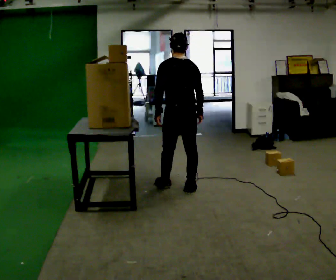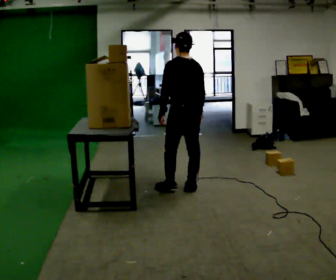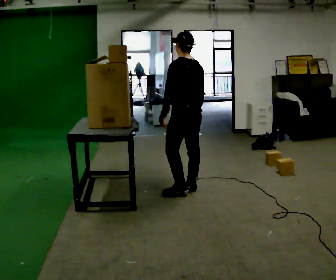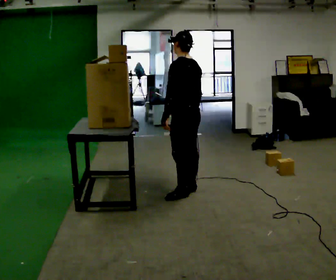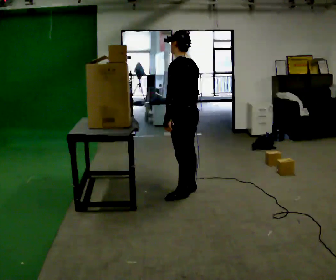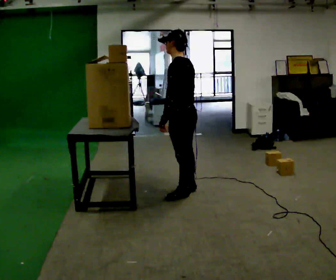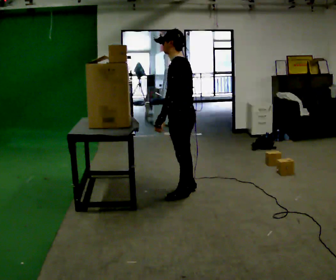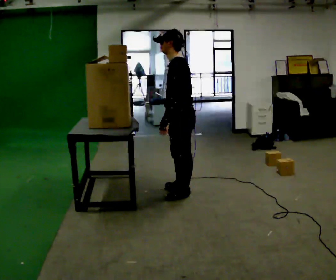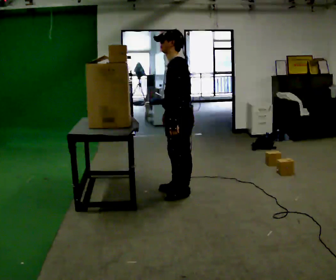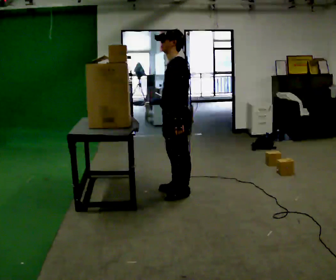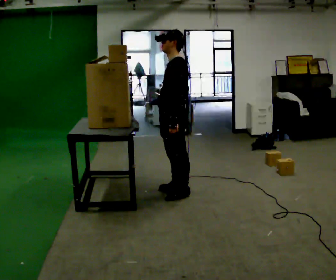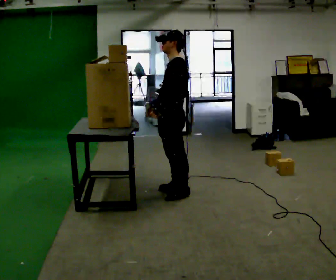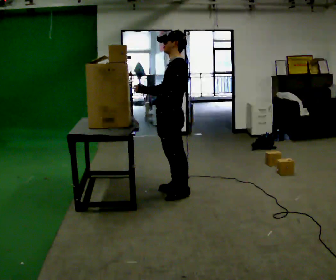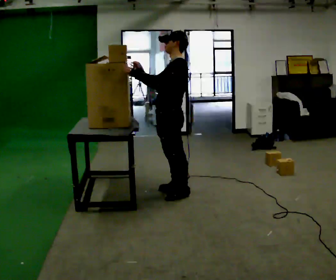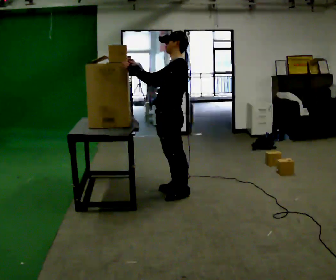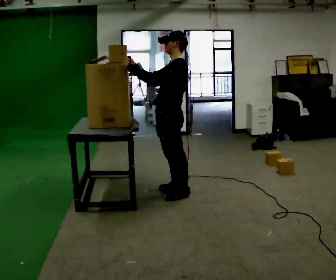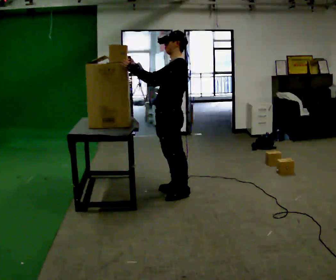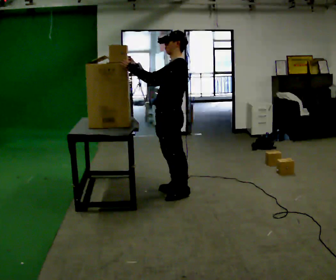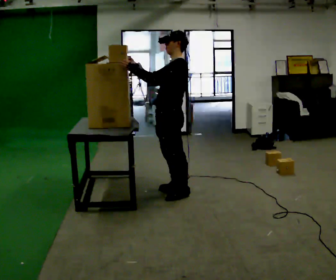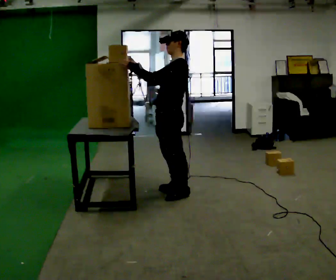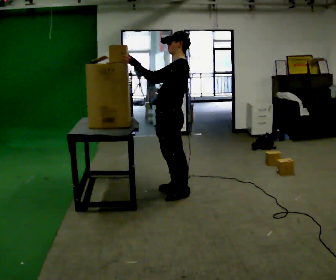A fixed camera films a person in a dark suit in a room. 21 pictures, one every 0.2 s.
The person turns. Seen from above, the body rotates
counterclockwise.
The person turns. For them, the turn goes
to their left.
0.0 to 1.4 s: Seen from above the body turns counterclockwise, about 60 degrees: to their left, with its near side sliding to the right. In the picture they go toward the camera, about 0.25 m in 1 step. In the picture their right hand goes to the left.
1.4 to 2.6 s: In the picture the upper body tilts clockwise, shoulders to the right, as they lean back or straighten. In the picture their right hand goes upward and to the left, the arm swinging clockwise.
2.6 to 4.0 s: The person moves a little, or ends about where they began.
The film runs backward here.
